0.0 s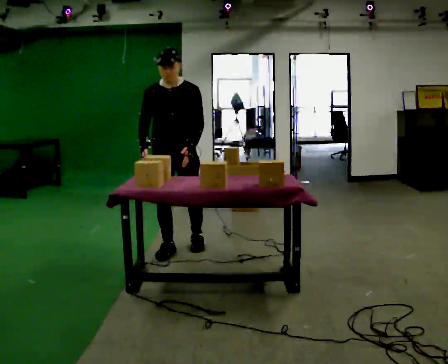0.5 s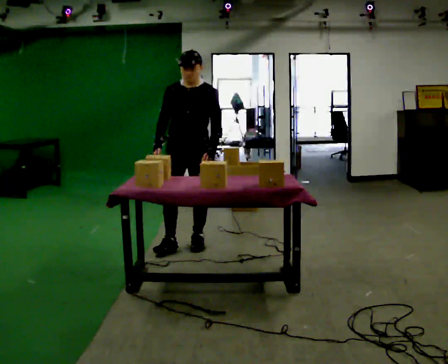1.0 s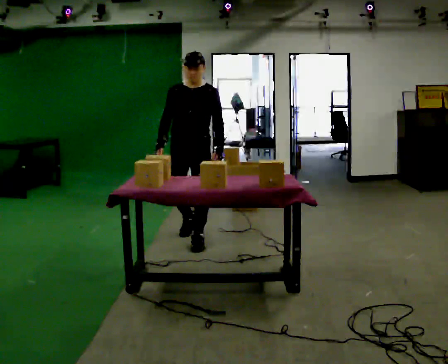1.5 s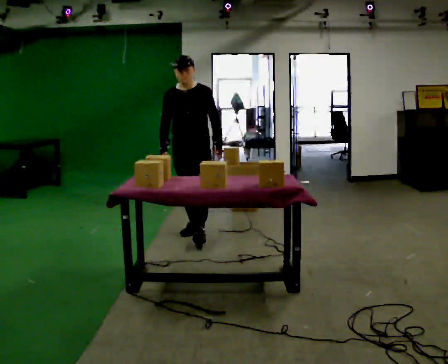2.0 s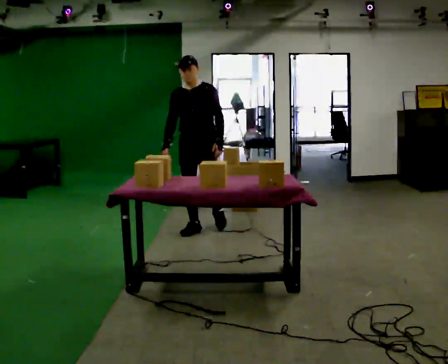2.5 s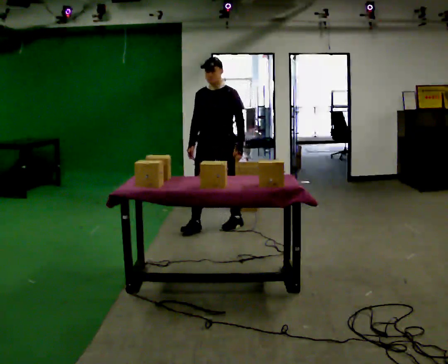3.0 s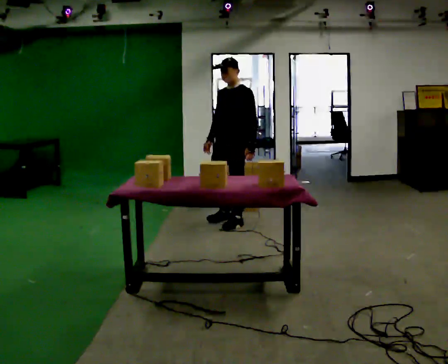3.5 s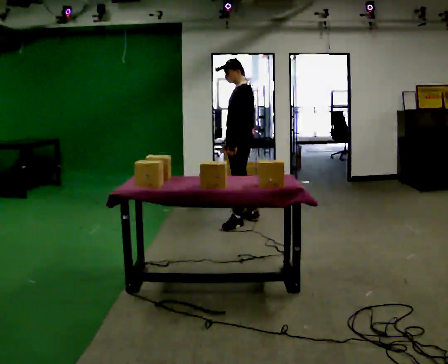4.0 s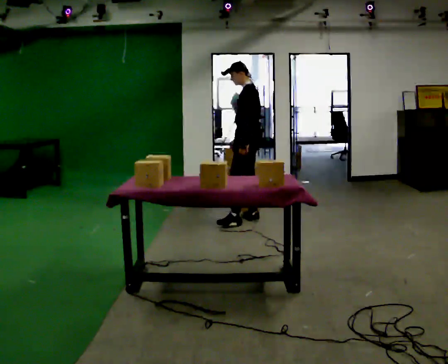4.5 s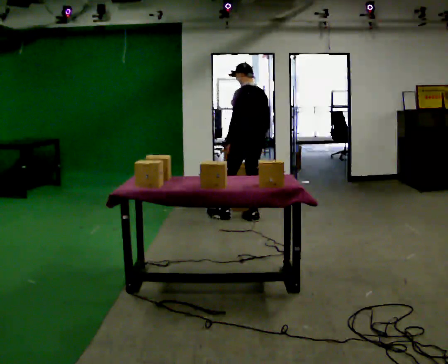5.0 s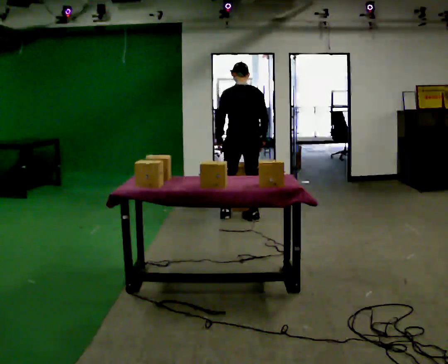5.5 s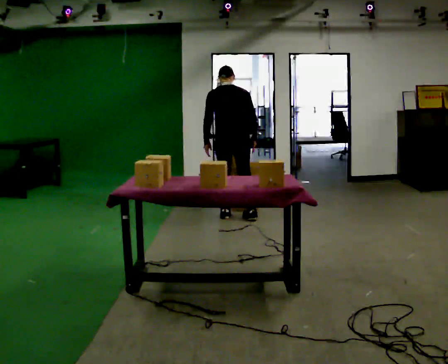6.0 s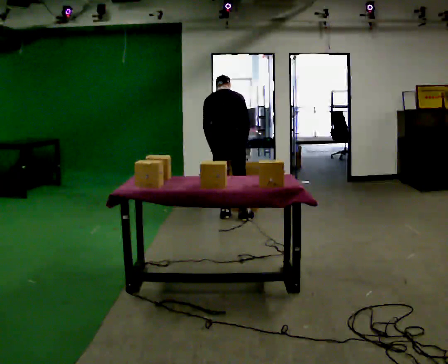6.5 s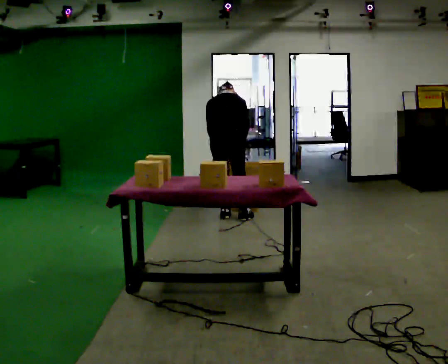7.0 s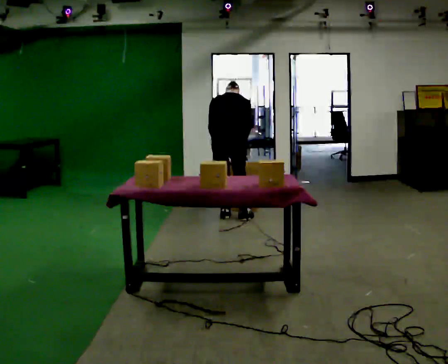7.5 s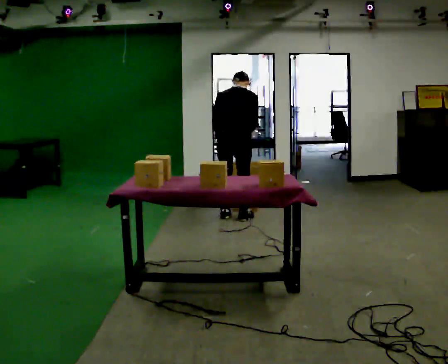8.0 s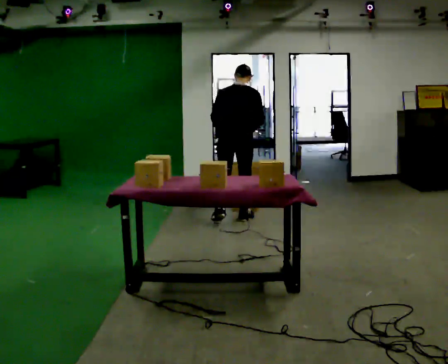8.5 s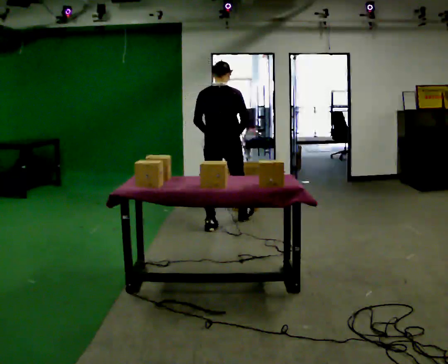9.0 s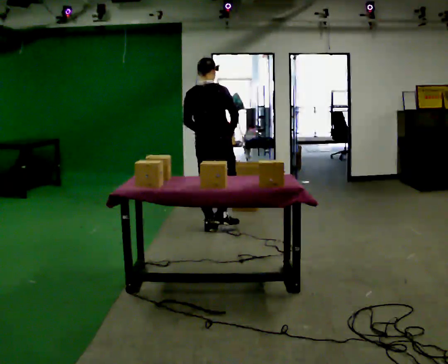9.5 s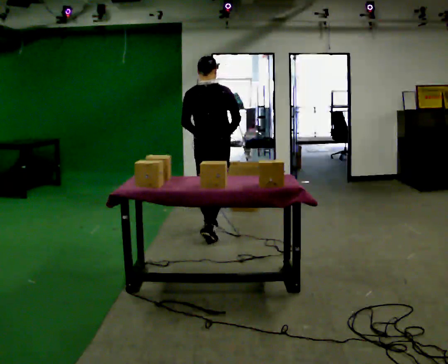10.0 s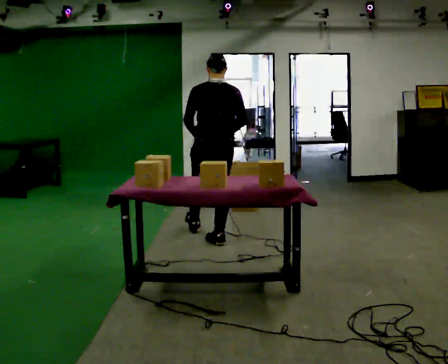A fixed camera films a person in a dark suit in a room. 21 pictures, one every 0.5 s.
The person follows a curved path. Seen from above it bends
counterclockwise.
0.0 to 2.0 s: In the picture they go away from the camera, about 0.75 m in 2 steps, which for them is backward.
2.0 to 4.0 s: The person turns about 75 degrees to their right, clockwise seen from above, so the part of the body nearest the lens slides to the left. In the picture they go to the right and away from the camera, about 0.75 m in 1 step.
4.0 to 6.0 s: The person turns about 90 degrees to their right, clockwise seen from above, so the part of the body nearest the lens slides to the left. In the picture they go to the left, about 0.25 m in 2 steps.
6.0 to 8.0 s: The person moves a little, or ends about where they began.
8.0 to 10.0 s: In the picture they go toward the camera, about 0.5 m in 2 steps, which for them is backward.
The film runs backward here.
